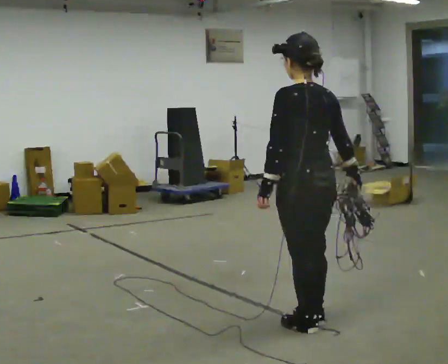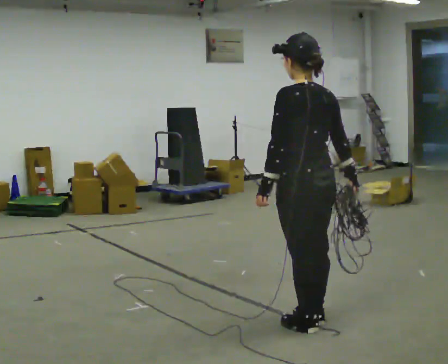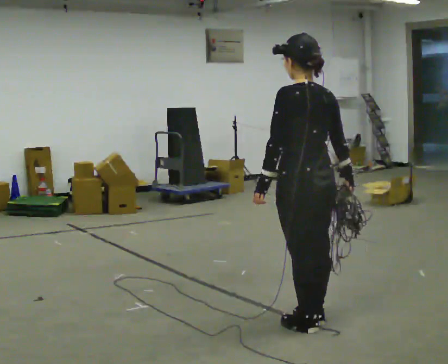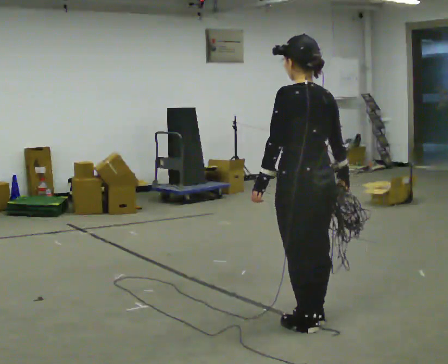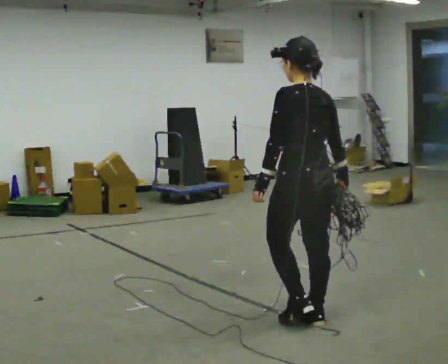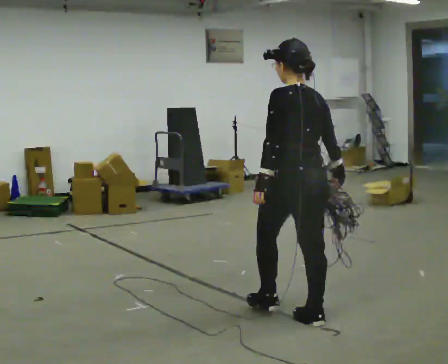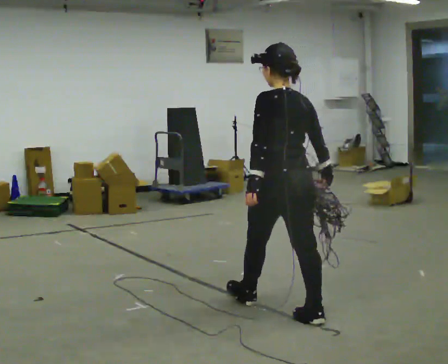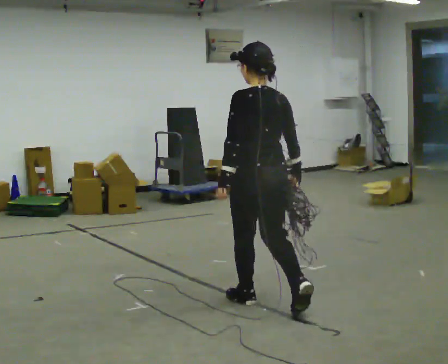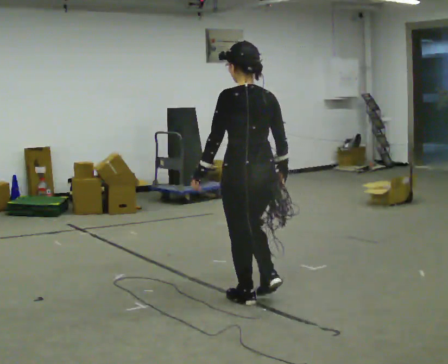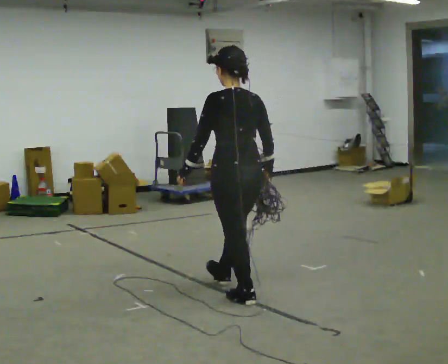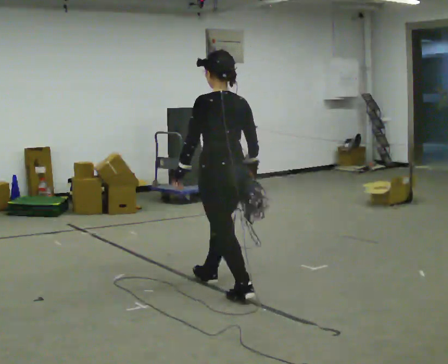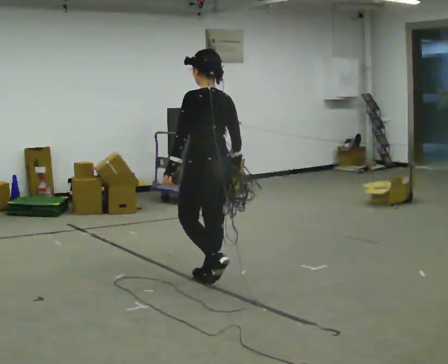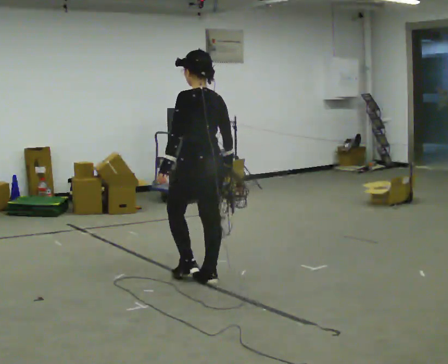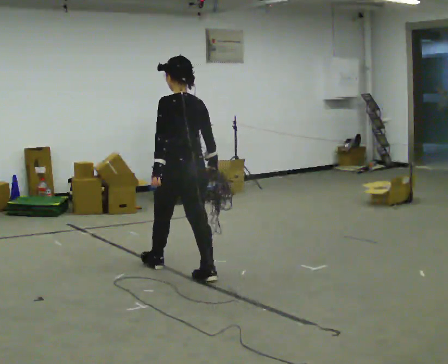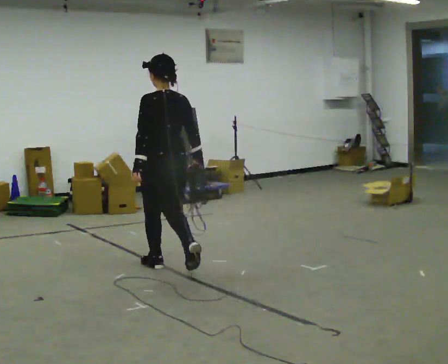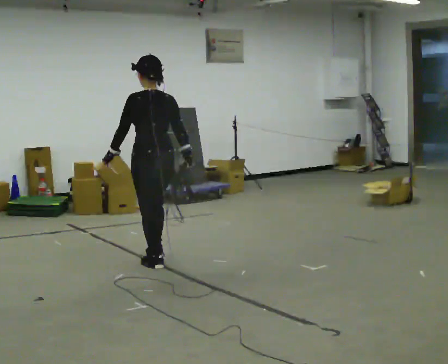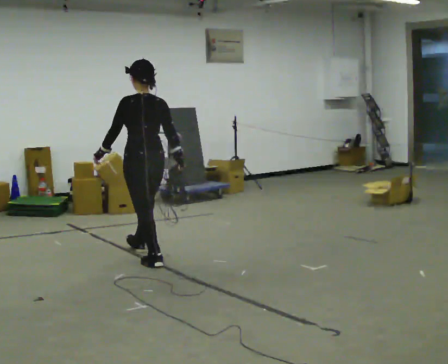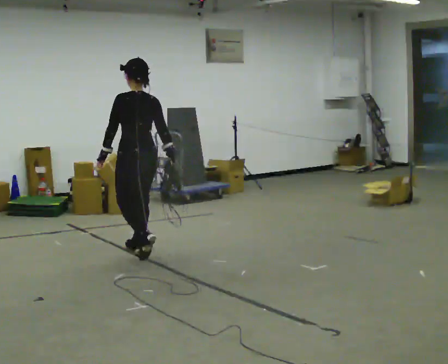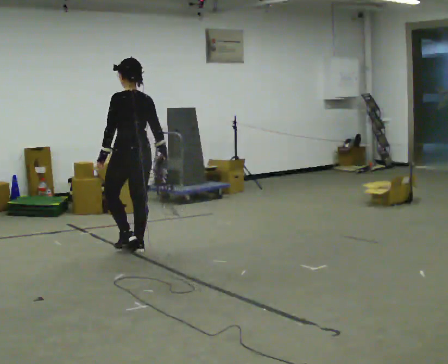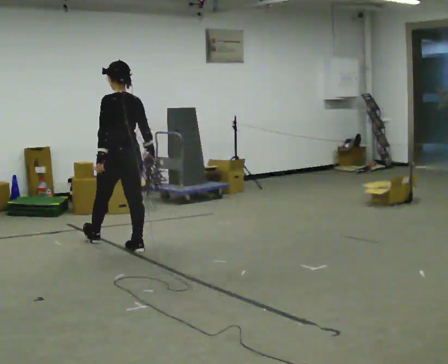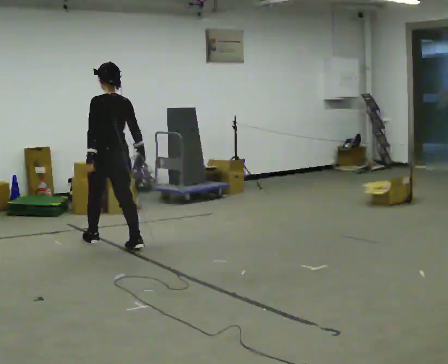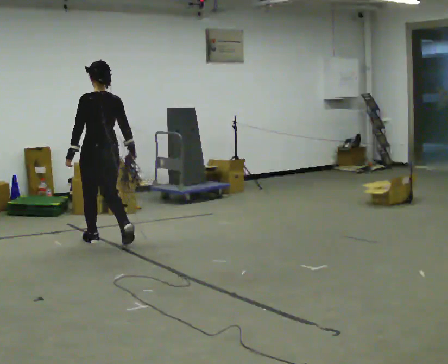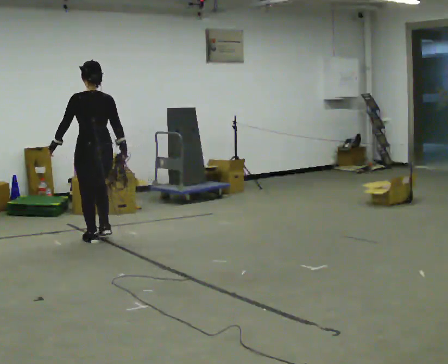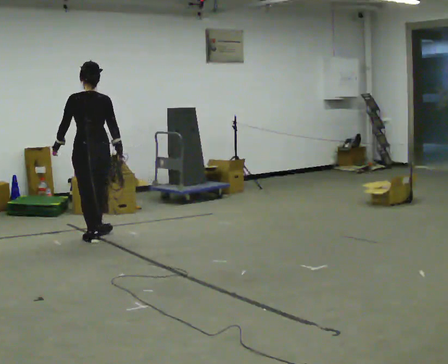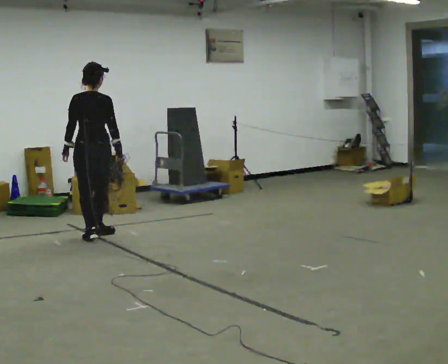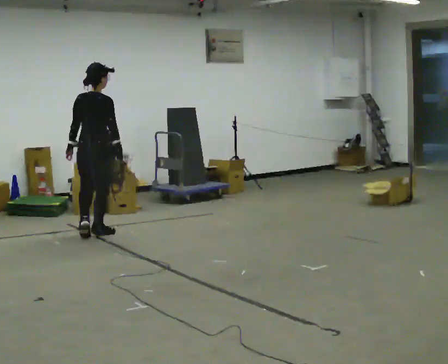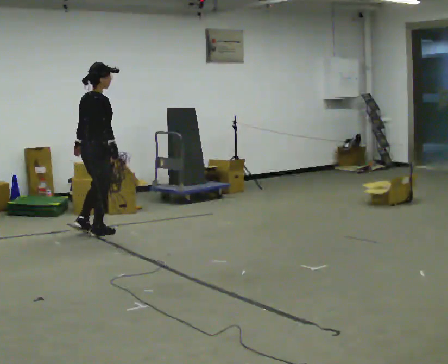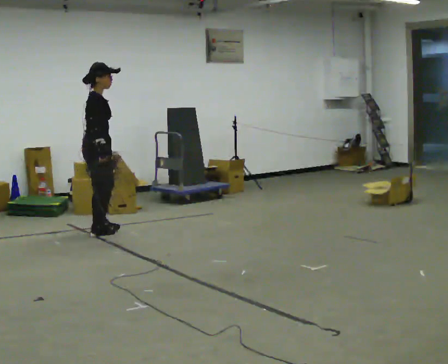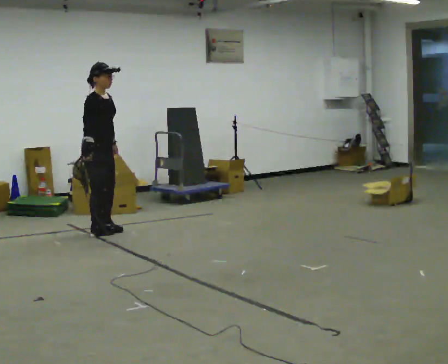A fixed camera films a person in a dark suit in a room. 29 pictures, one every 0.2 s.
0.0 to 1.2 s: In the picture they go away from the camera, about 0.25 m in 1 step, which for them is forward.
1.2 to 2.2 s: In the picture they go away from the camera and to the left, about 1 m in 1 step, which for them is forward.
2.2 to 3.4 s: In the picture they go away from the camera and to the left, about 1 m in 2 steps, which for them is forward.
3.4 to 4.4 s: In the picture they go to the left and away from the camera, about 0.75 m in 1 step, which for them is forward.
4.4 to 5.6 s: The person turns about 135 degrees to their right, clockwise seen from above, so the part of the body nearest the lens slides to the left. In the picture they go away from the camera, about 0.25 m in 2 steps.
The film runs forward here.
